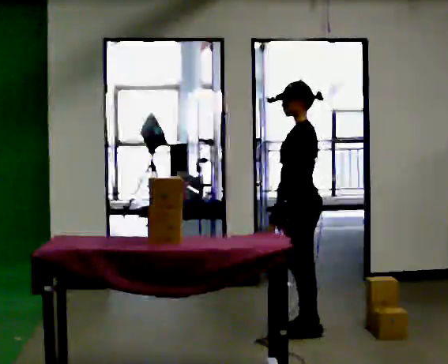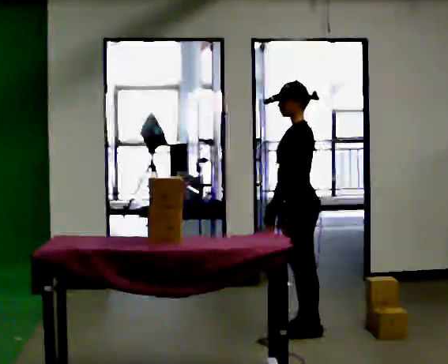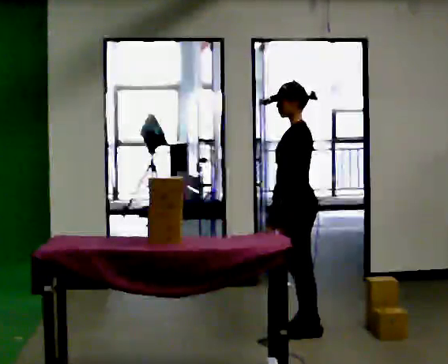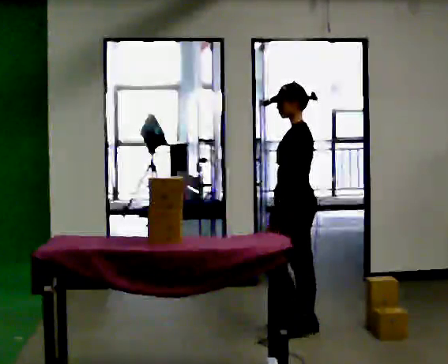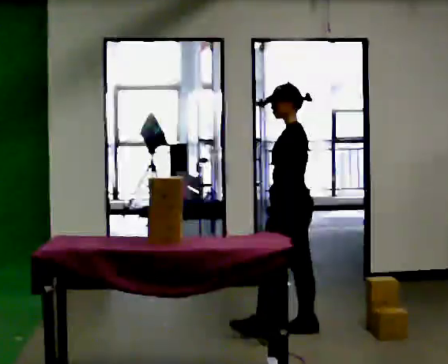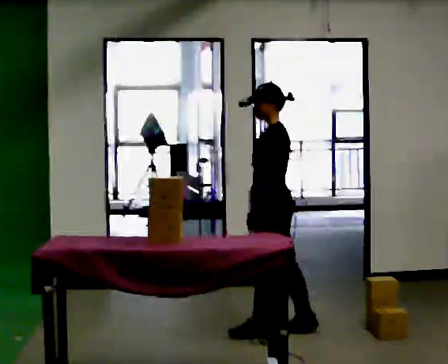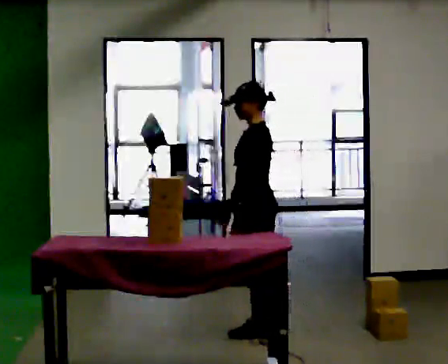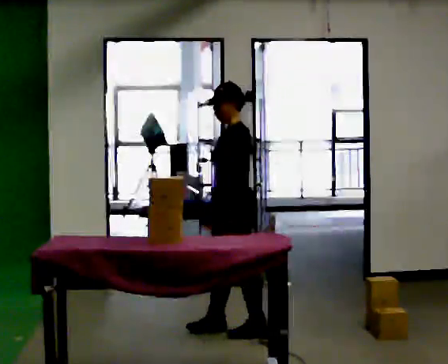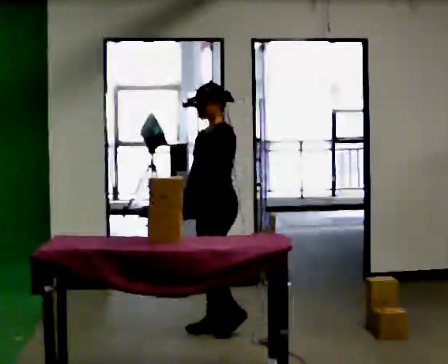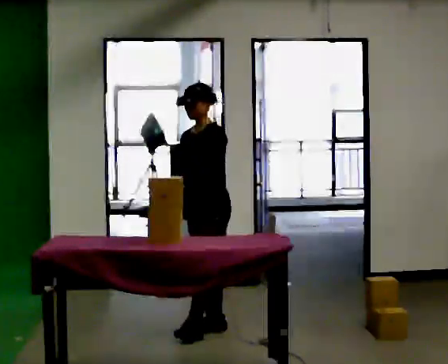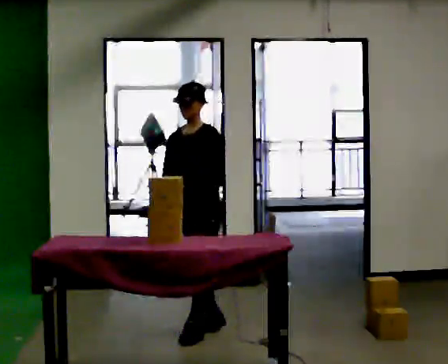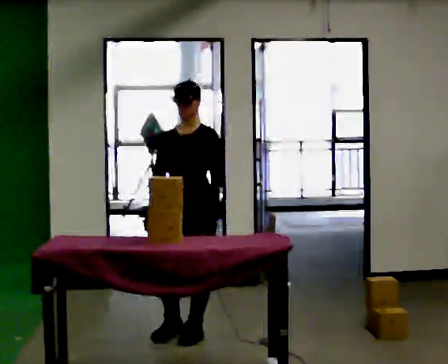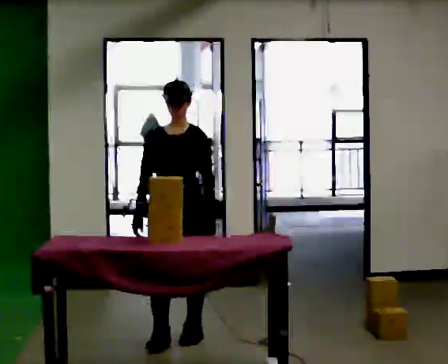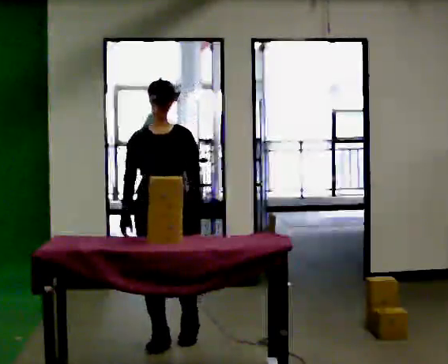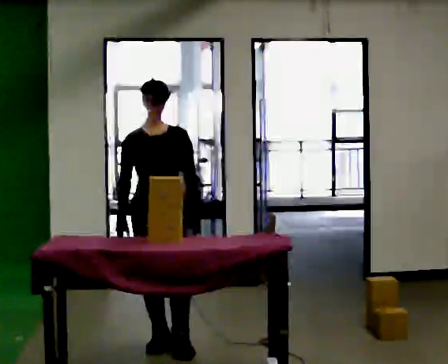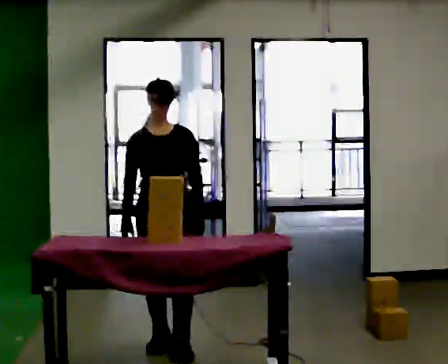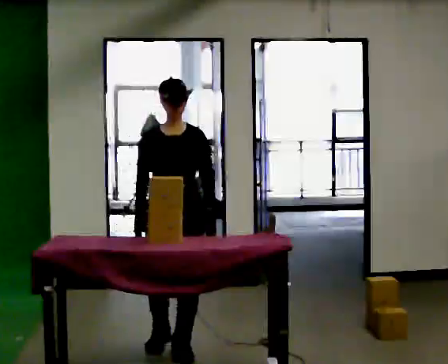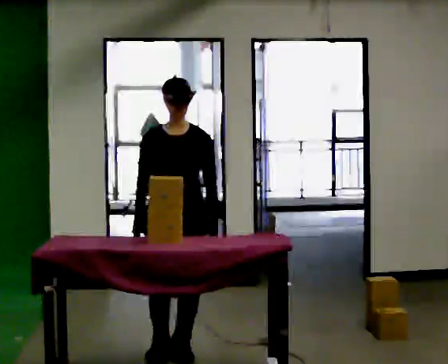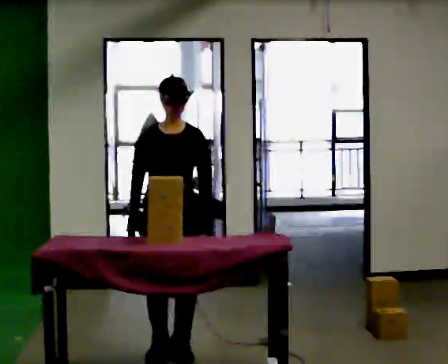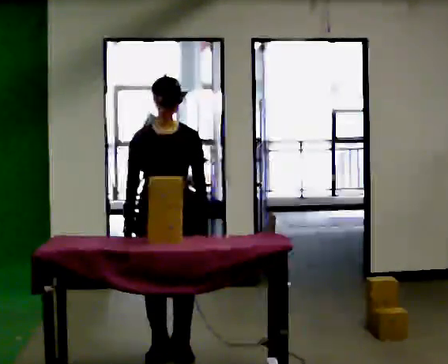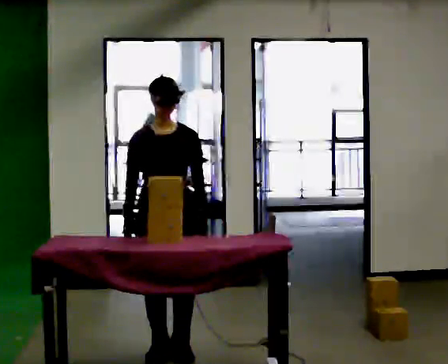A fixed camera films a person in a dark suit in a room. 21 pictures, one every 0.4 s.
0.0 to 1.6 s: The person moves a little, or ends about where they began.
1.6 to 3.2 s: The part of the body nearest the lens slides to the right as the person turns to their left by about 30 degrees. In the picture they go to the left, about 0.5 m in 1 step, which for them is forward.
3.2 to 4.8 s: Seen from above the body turns counterclockwise, about 60 degrees: to their left, with its near side sliding to the right. In the picture they go toward the camera and to the left, about 0.5 m in 2 steps, which for them is forward.
4.8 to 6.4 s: In the picture they go toward the camera, about 0.25 m in 1 step, which for them is forward.
6.4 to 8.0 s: The person moves a little, or ends about where they began.
The film runs forward here.
